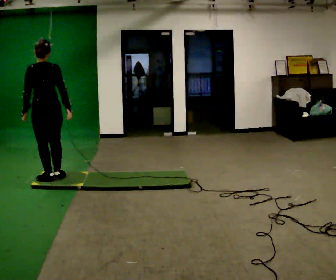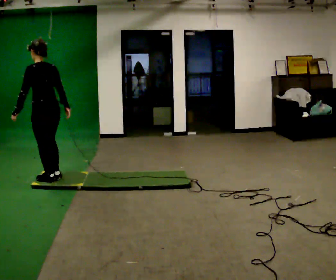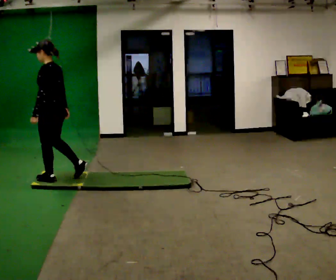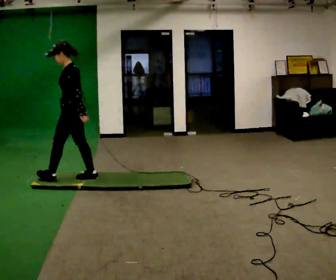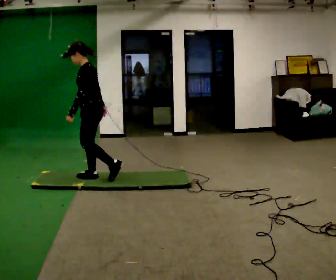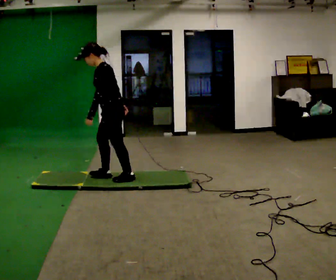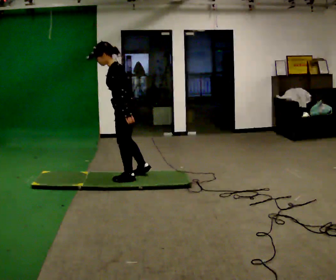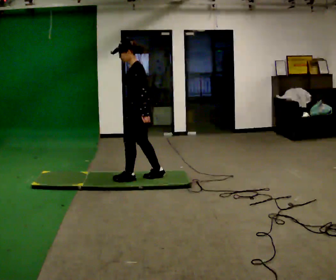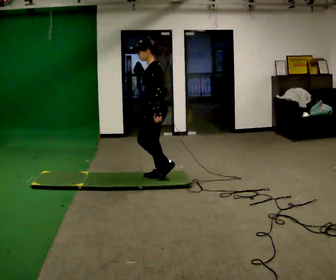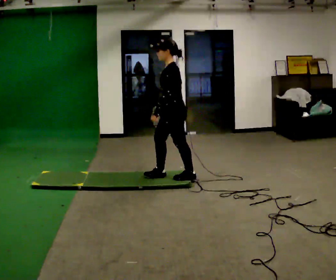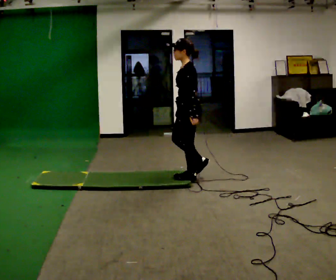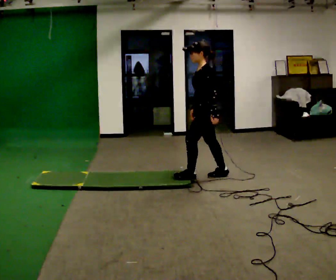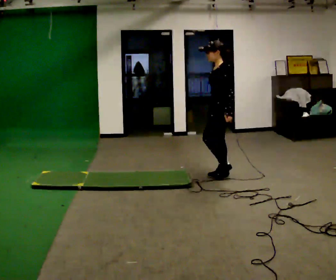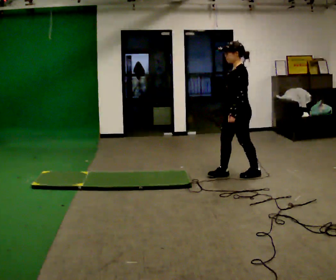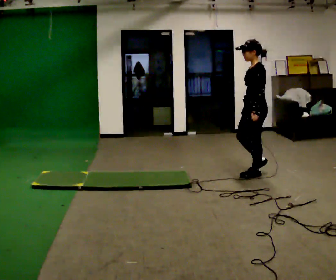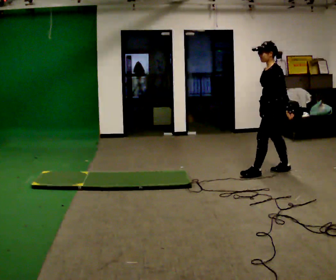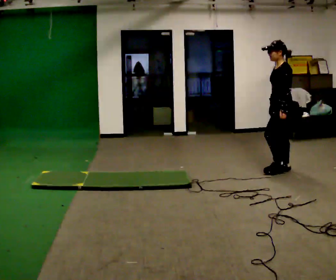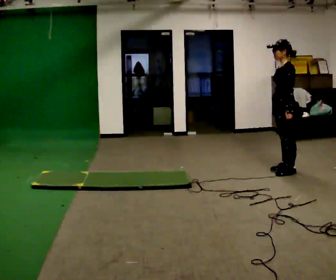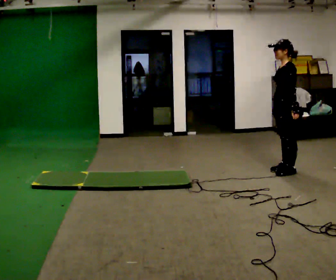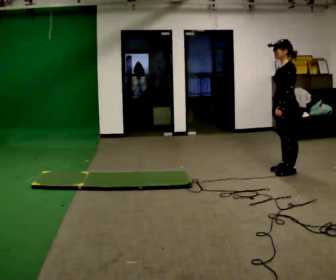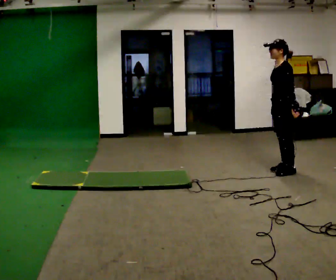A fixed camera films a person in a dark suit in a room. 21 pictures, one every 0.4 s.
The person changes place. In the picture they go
to the right.
0.0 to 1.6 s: Seen from above the body turns counterclockwise, about 75 degrees: to their left, with its near side sliding to the right. In the picture they go to the right and away from the camera, about 0.5 m in 2 steps.
1.6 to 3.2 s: In the picture they go to the right, about 0.5 m in 3 steps, which for them is backward.
3.2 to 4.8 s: In the picture they go to the right, about 1 m in 2 steps, which for them is backward.
4.8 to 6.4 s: In the picture they go to the right, about 0.5 m in 2 steps, which for them is backward.
6.4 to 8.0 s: The person moves a little, or ends about where they began.
The film runs backward here.
